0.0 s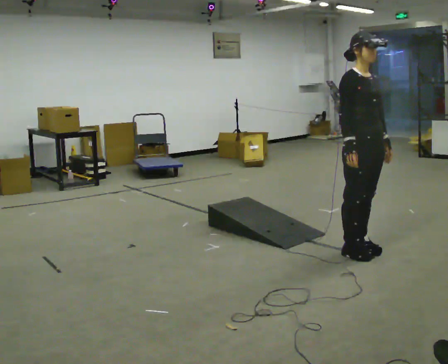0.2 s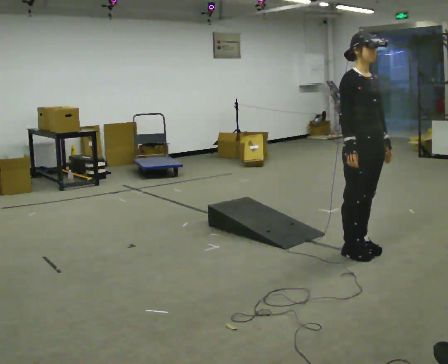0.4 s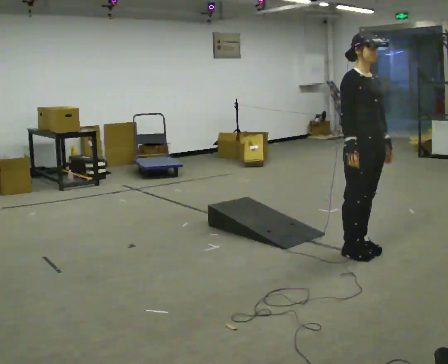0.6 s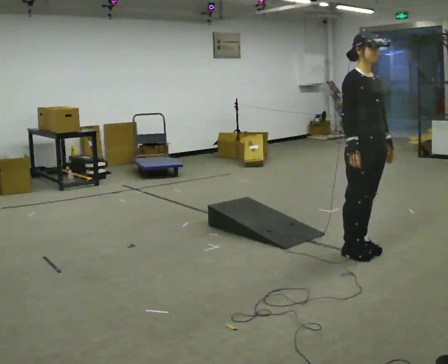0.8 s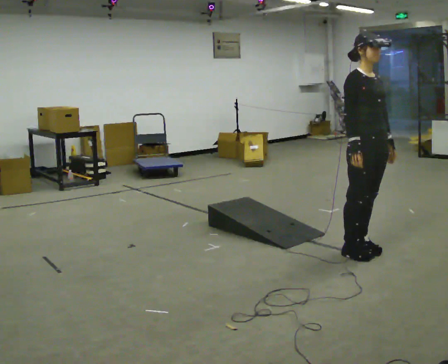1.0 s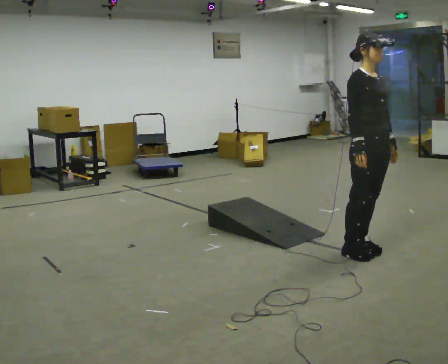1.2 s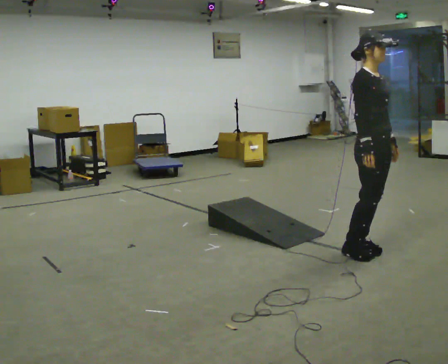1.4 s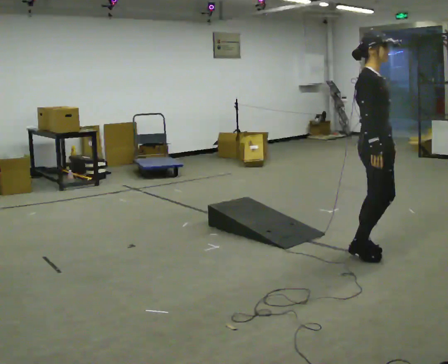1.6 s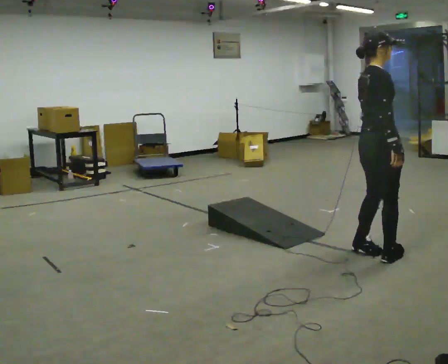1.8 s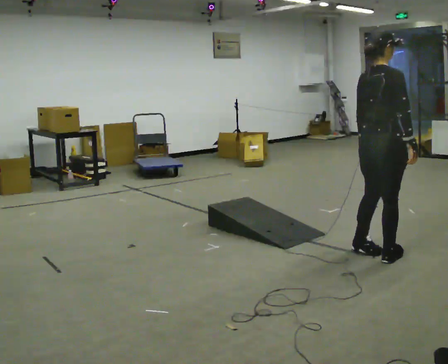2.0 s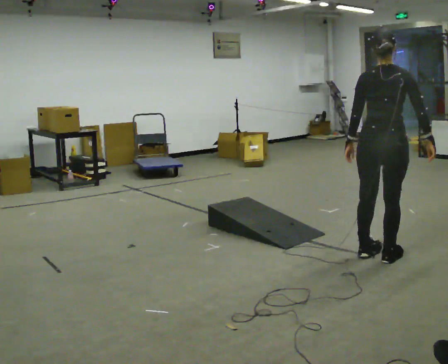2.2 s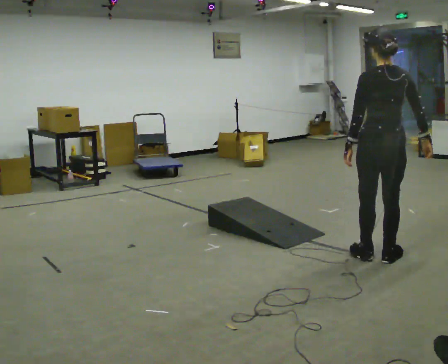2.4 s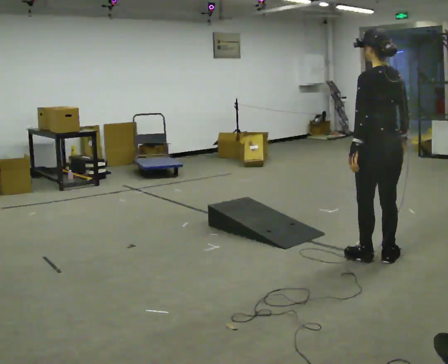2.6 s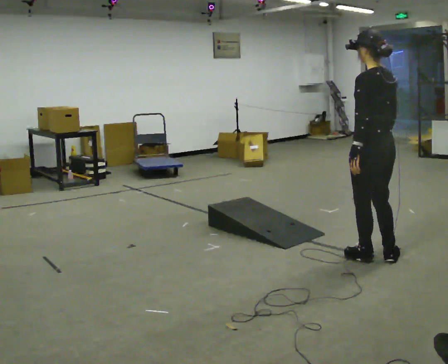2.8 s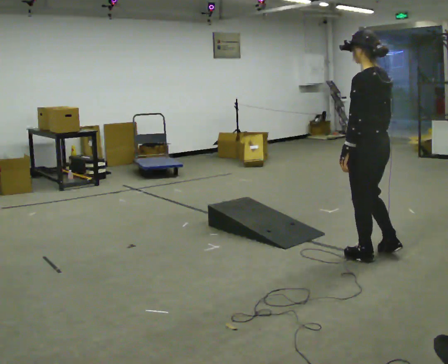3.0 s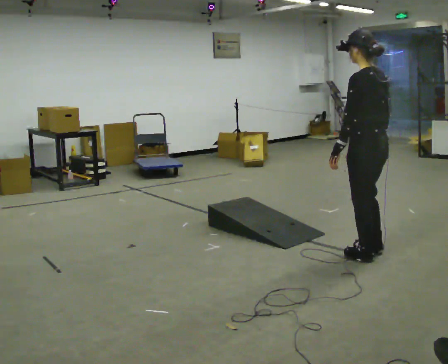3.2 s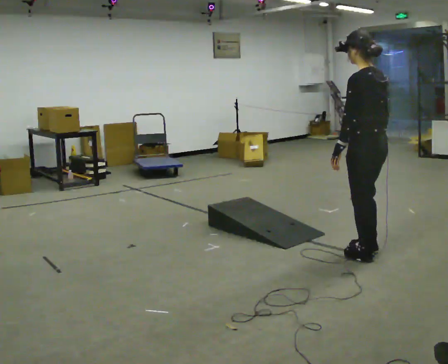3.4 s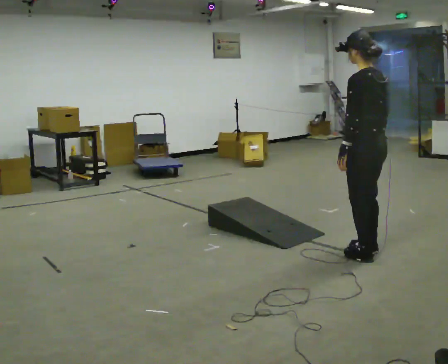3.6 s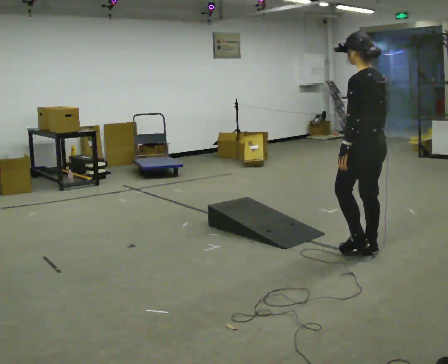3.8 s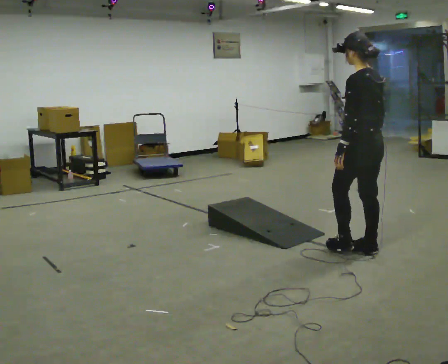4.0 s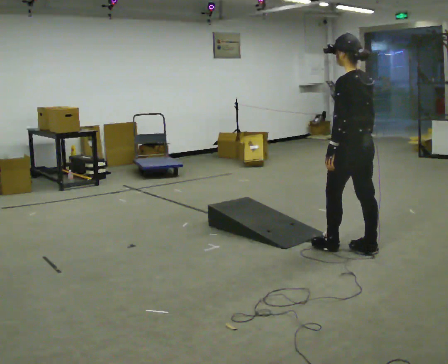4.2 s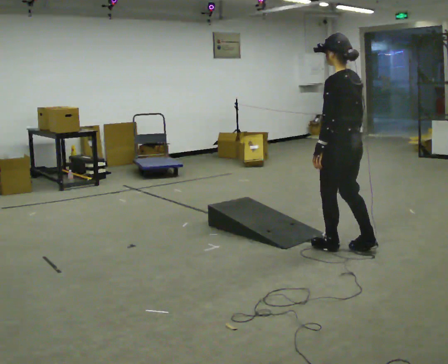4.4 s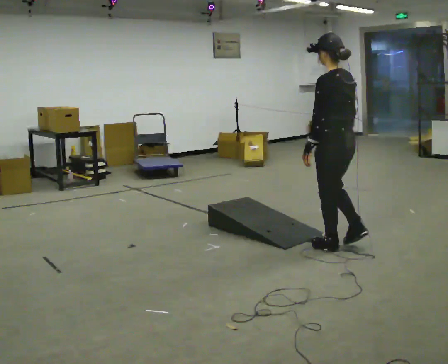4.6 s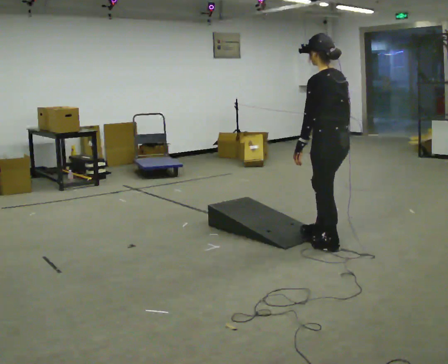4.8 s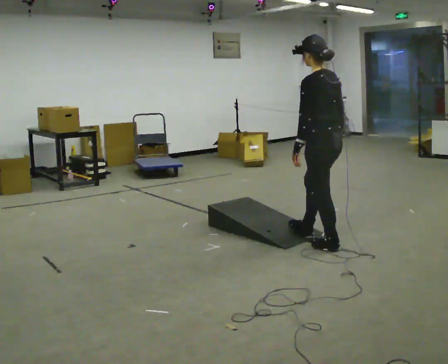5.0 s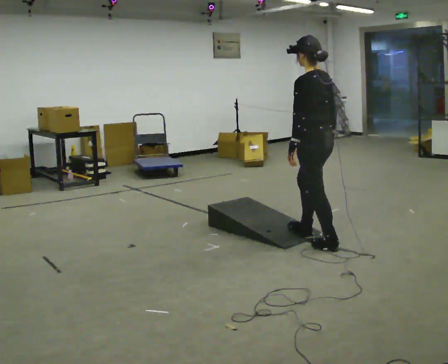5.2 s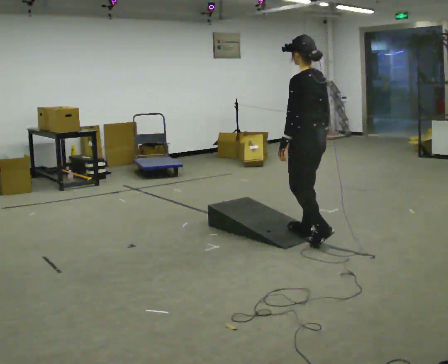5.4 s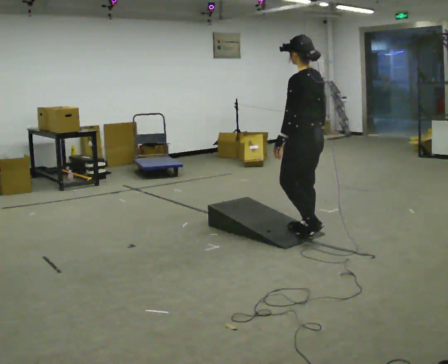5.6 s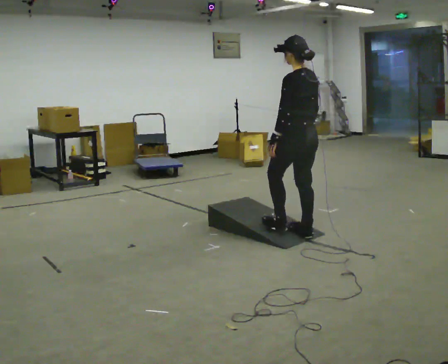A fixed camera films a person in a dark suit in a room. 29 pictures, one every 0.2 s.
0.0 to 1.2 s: The person moves a little, or ends about where they began.
1.2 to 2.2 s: The part of the body nearest the lens slides to the right as the person turns to their left by about 135 degrees. In the picture they go toward the camera, about 0.25 m in 2 steps.
2.2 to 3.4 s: The part of the body nearest the lens slides to the right as the person turns to their left by about 30 degrees. In the picture their right hand goes to the left.
3.4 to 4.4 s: In the picture they go to the left, about 0.25 m in 1 step, which for them is forward.
4.4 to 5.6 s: In the picture they go to the left and away from the camera, about 0.5 m in 1 step, which for them is forward.
The film runs forward here.
